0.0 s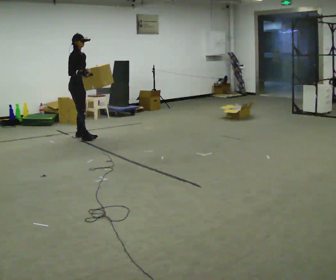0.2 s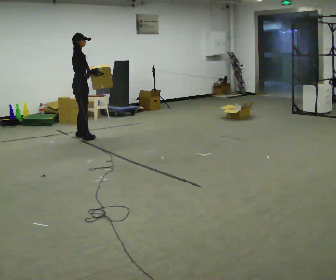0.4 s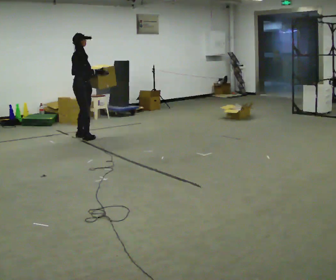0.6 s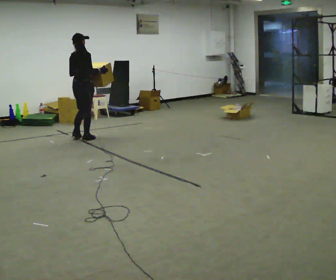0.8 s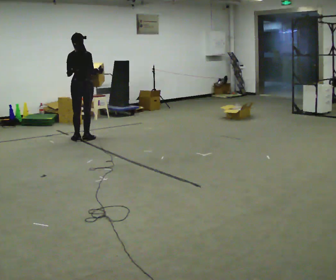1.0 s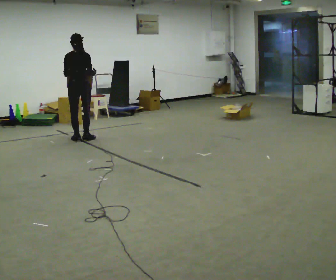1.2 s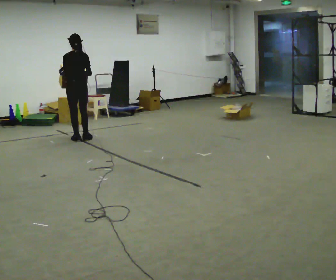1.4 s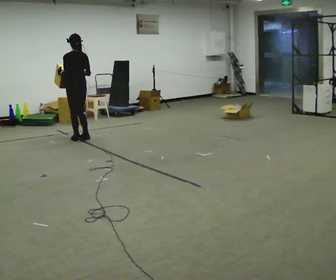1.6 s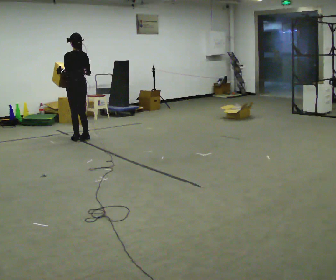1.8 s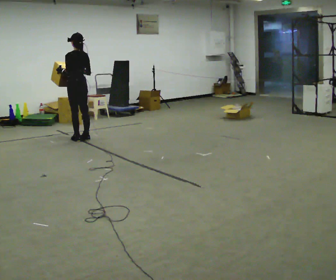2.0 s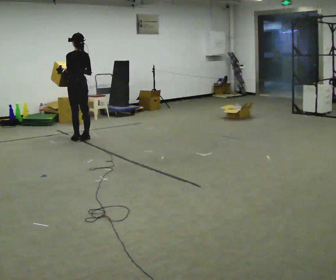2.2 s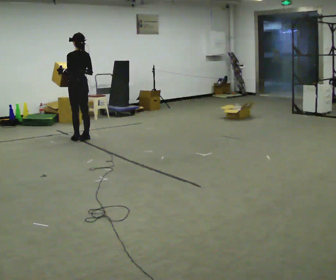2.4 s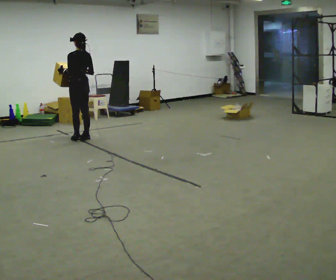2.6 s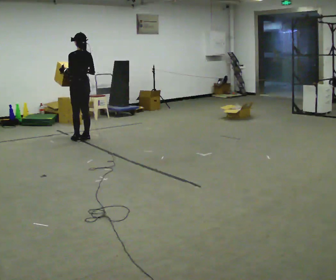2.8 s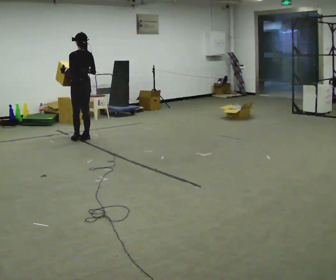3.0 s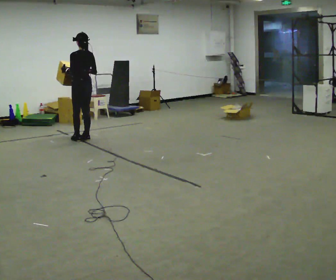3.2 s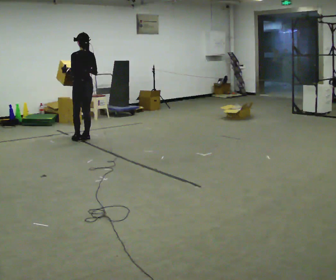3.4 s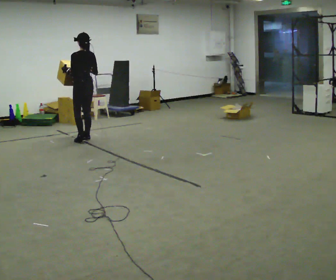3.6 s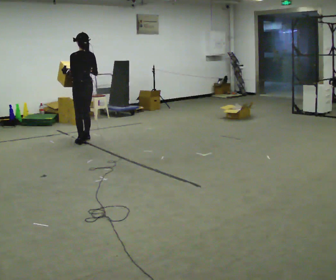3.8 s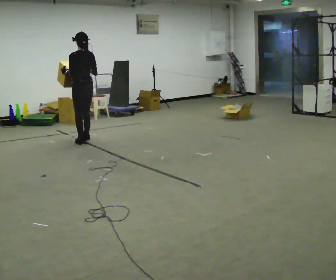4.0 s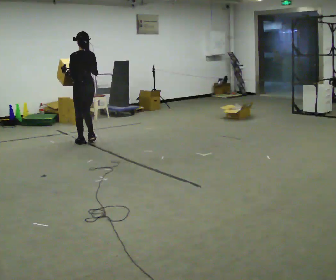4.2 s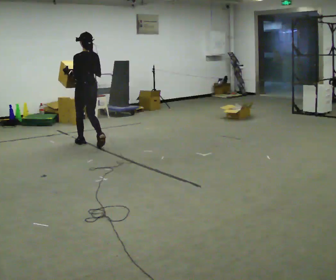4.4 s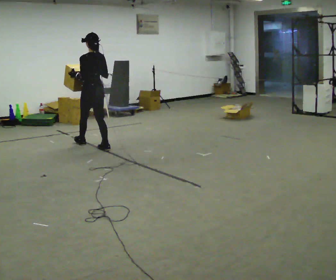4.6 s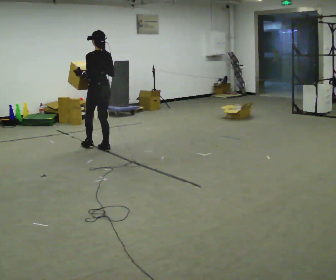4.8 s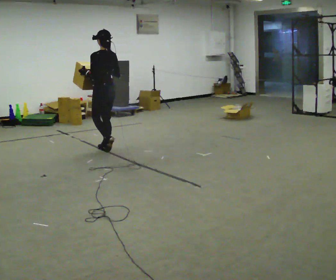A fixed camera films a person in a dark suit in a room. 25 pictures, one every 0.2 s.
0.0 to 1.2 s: The person turns about 135 degrees to their left, counterclockwise seen from above, so the part of the body nearest the lens slides to the right. In the picture they go toward the camera, about 0.25 m in 1 step.
1.2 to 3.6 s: The person moves a little, or ends about where they began.
3.6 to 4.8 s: In the picture they go toward the camera, about 0.75 m in 2 steps, which for them is backward.
The film runs backward here.
